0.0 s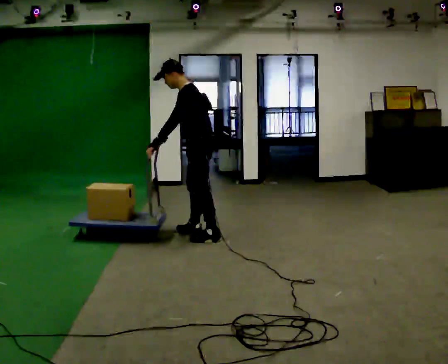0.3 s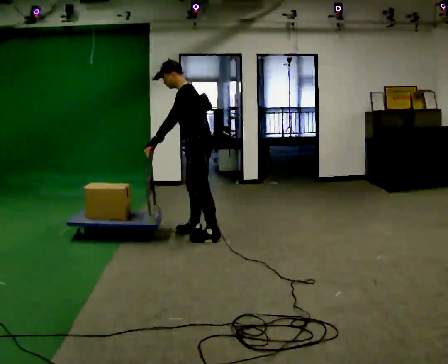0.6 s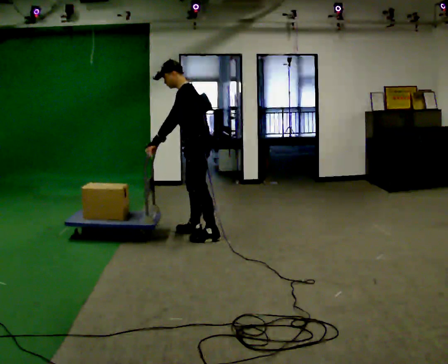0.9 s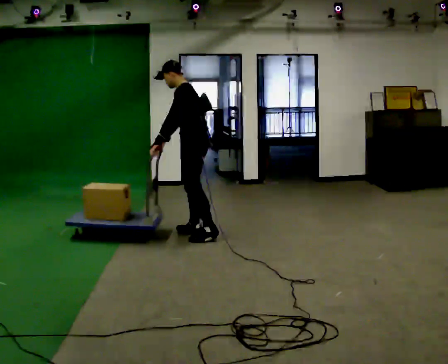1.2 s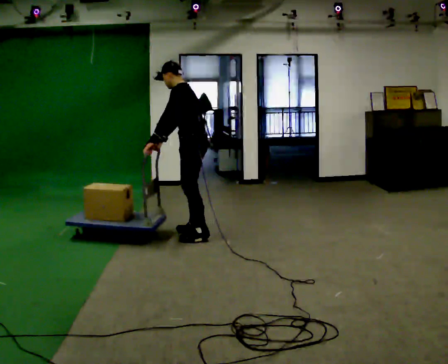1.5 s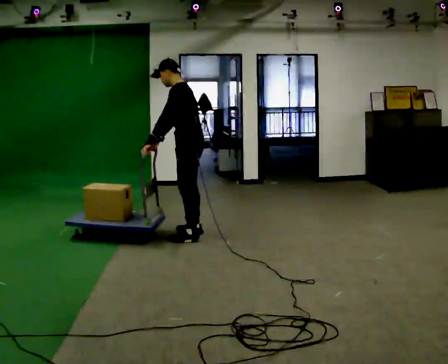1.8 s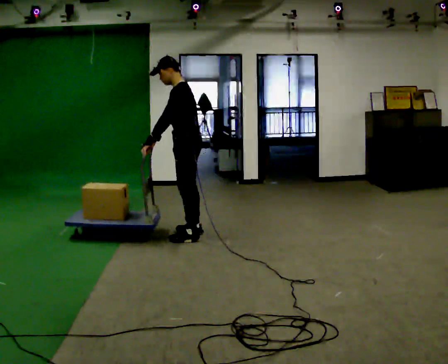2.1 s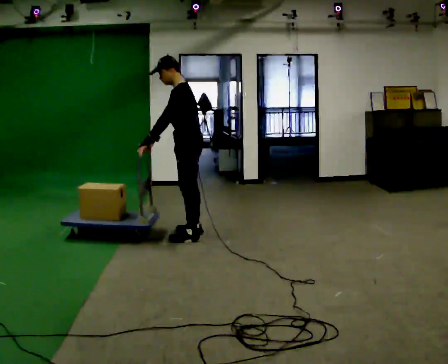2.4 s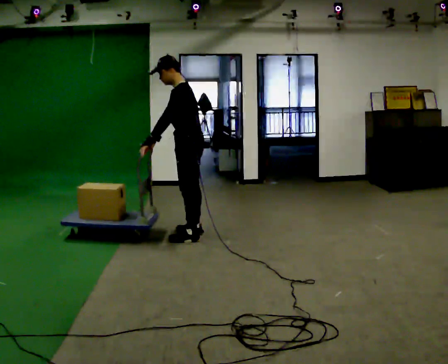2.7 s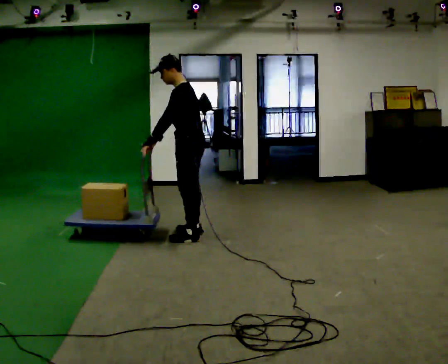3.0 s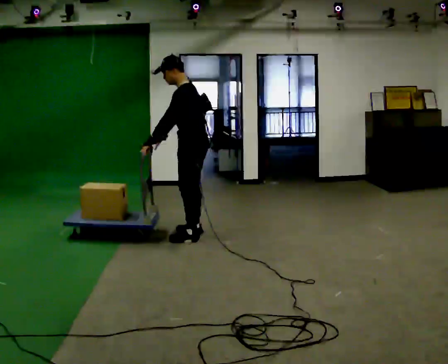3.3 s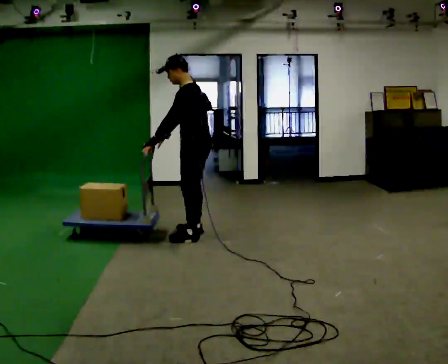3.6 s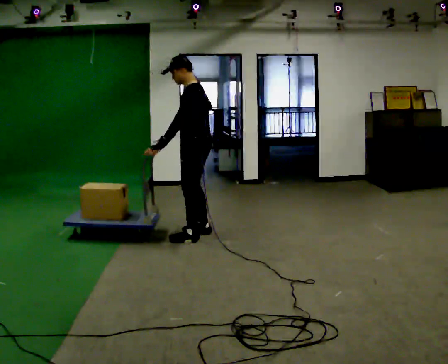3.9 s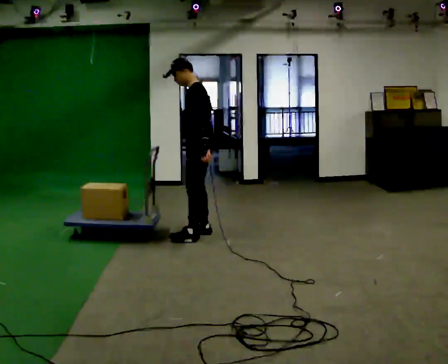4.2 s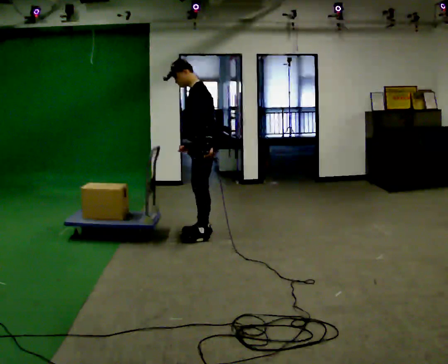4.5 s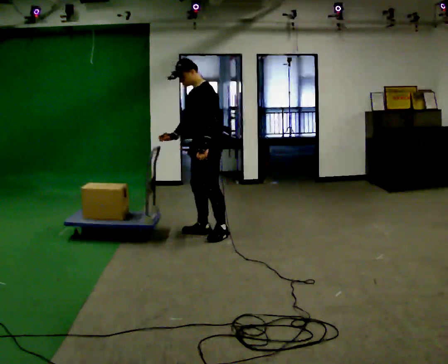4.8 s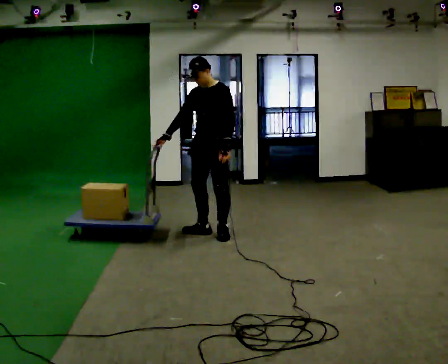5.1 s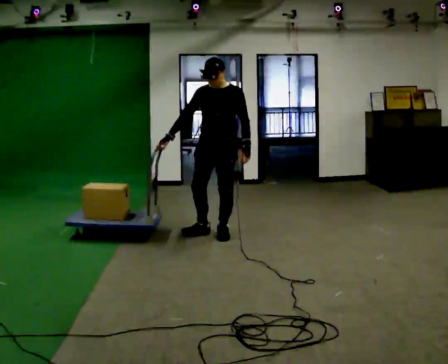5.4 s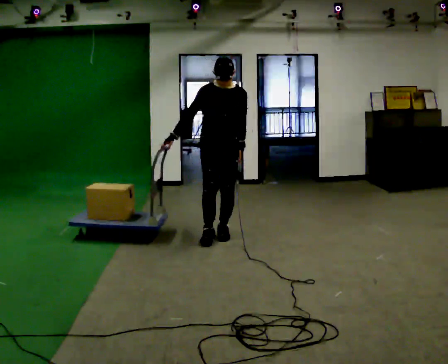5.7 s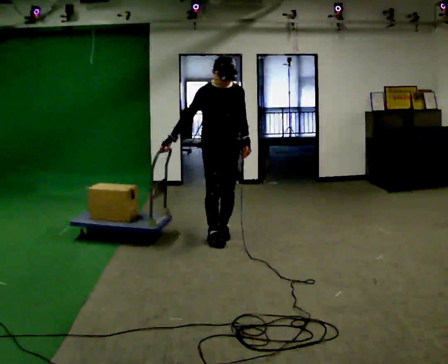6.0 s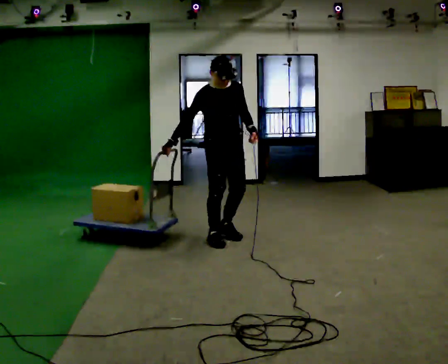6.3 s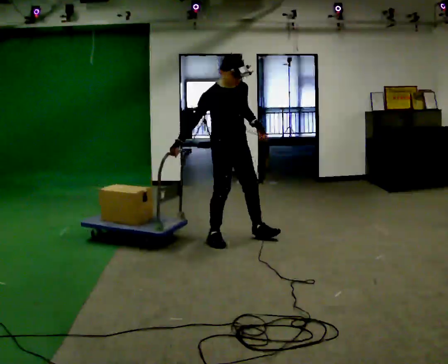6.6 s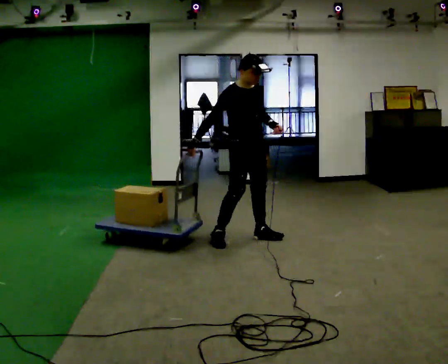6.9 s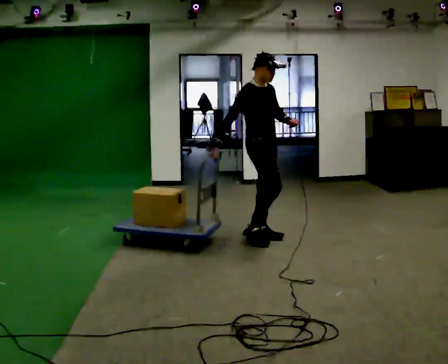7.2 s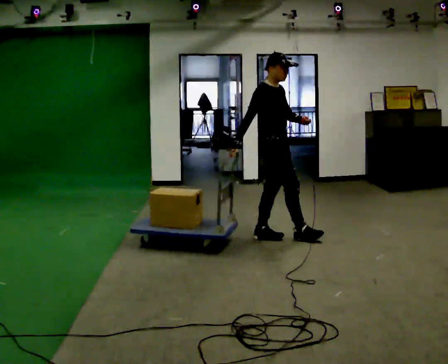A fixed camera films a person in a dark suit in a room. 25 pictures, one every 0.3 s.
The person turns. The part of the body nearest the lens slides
to the right.
The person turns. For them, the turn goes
to their left.
0.0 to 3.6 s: The person moves a little, or ends about where they began.
3.6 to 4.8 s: The part of the body nearest the lens slides to the right as the person turns to their left by about 60 degrees. In the picture their left hand goes to the right, the arm swinging counterclockwise.
4.8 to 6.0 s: The person turns about 60 degrees to their left, counterclockwise seen from above, so the part of the body nearest the lens slides to the right. In the picture they go toward the camera, about 0.25 m in 1 step.
6.0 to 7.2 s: The part of the body nearest the lens slides to the right as the person turns to their left by about 45 degrees. In the picture they go to the right, about 0.5 m in 1 step, which for them is to their left and forward.
The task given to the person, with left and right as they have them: Get the cart into the marked parking space and lined up with the tape. Take as many adjustments as you need. Then take it out again and repeat.
The film runs forward here.
